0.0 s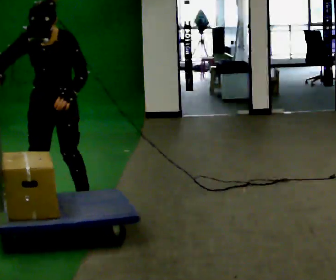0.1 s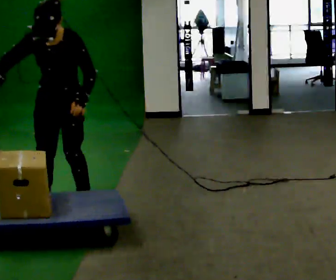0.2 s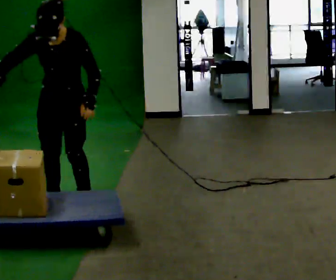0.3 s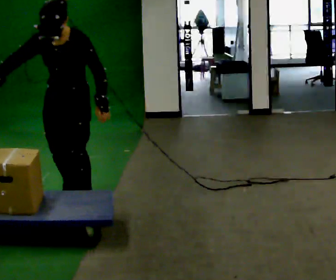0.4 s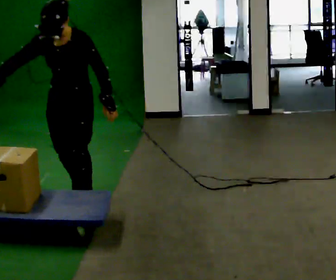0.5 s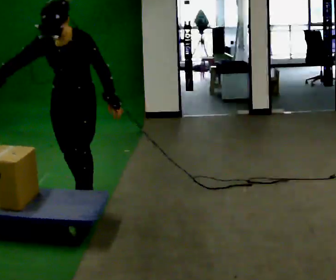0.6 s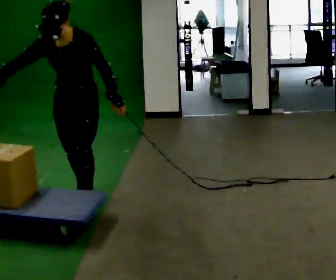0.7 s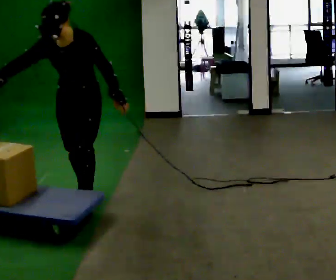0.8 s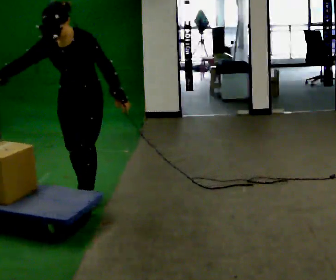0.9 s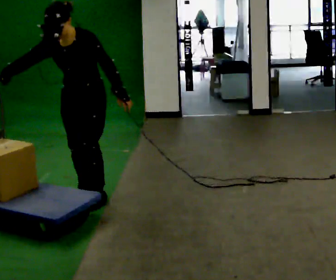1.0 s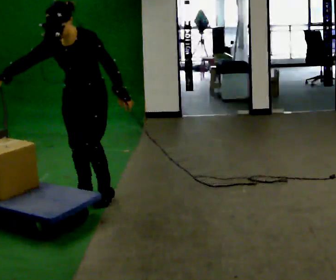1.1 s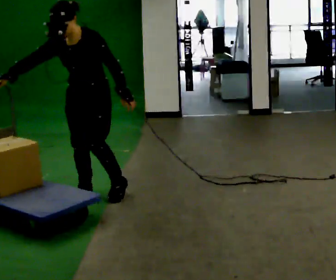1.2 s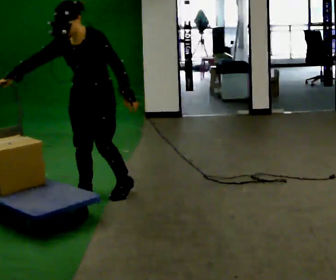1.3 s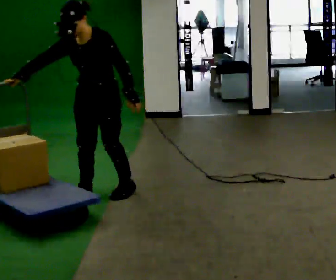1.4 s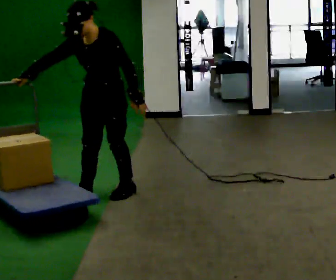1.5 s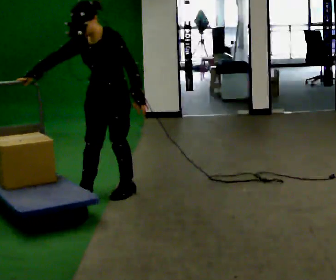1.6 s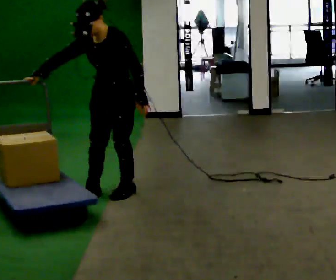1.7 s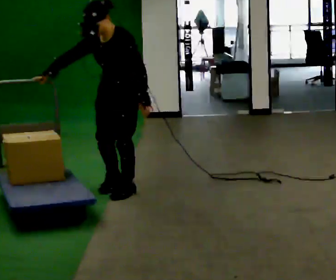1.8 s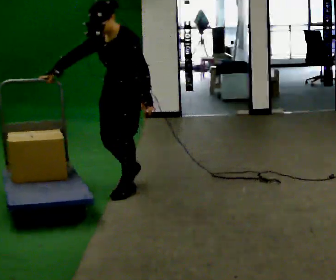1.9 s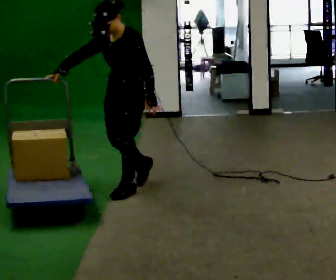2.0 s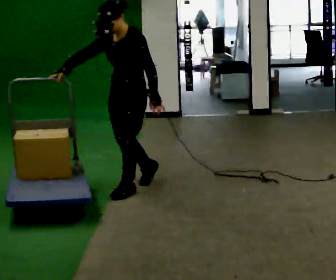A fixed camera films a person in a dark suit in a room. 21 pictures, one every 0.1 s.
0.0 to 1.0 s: In the picture they go away from the camera and to the right, about 0.25 m in 1 step, which for them is backward and to their left.
1.0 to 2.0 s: The part of the body nearest the lens slides to the left as the person turns to their right by about 30 degrees. In the picture they go to the right and away from the camera, about 0.5 m in 1 step, which for them is backward and to their left.
The film runs backward here.
